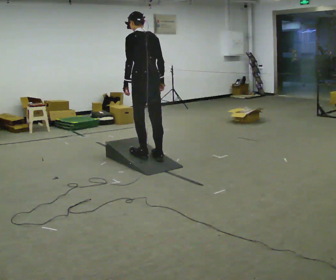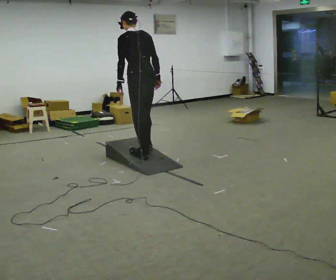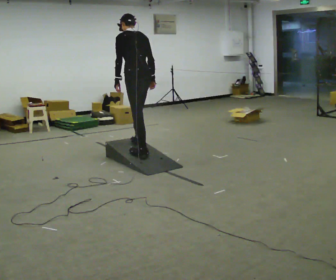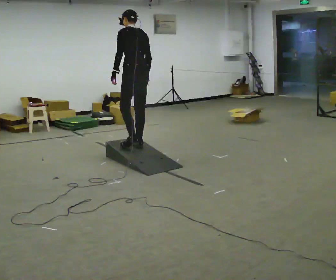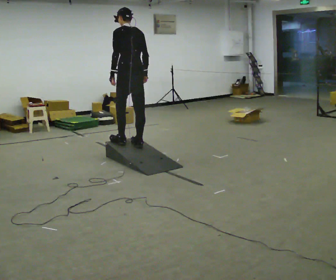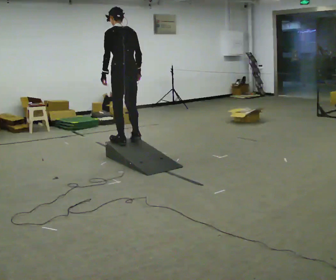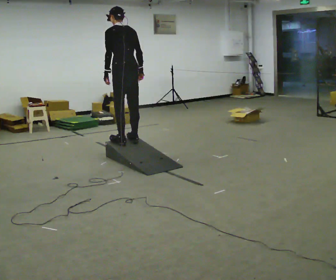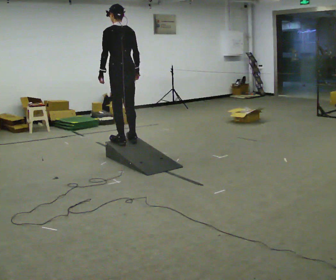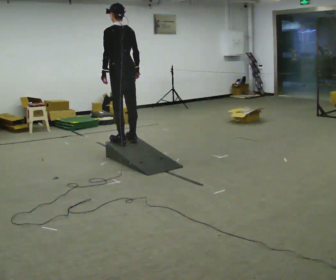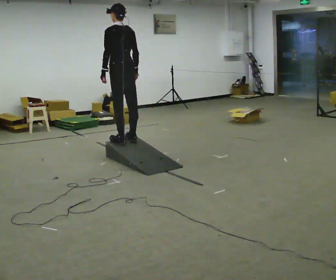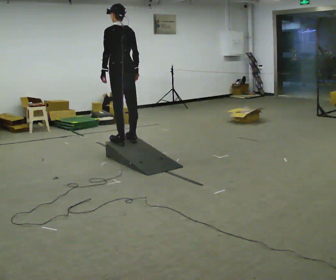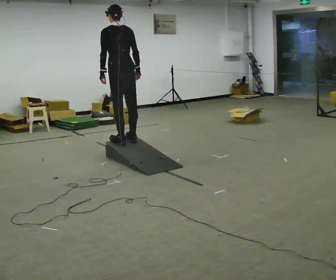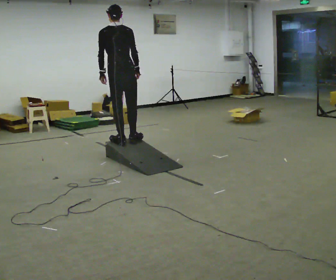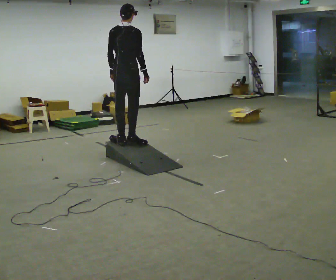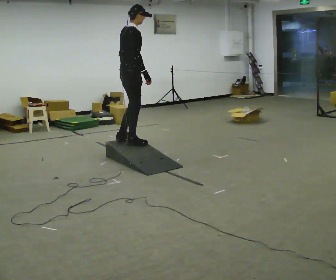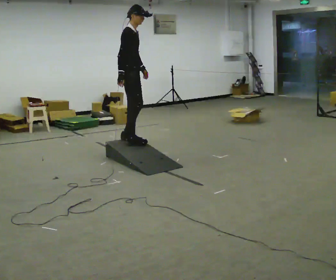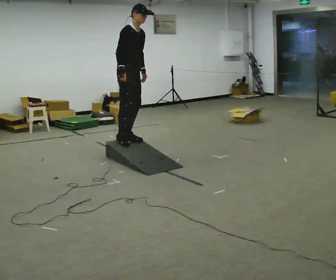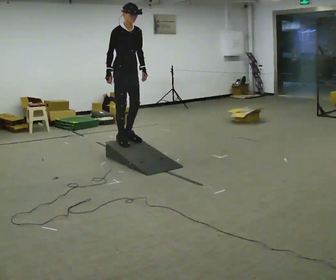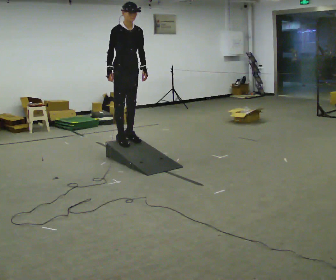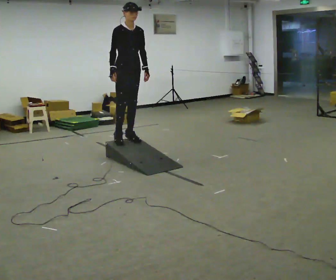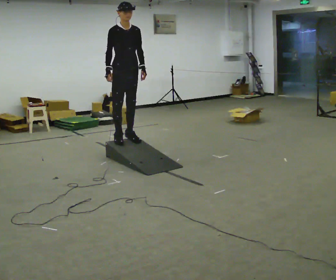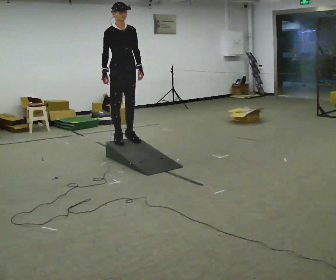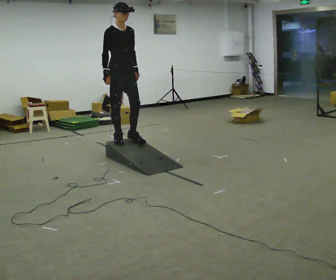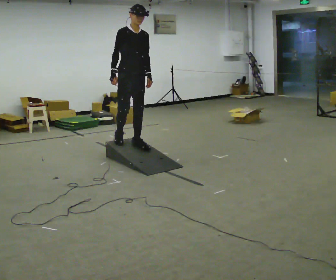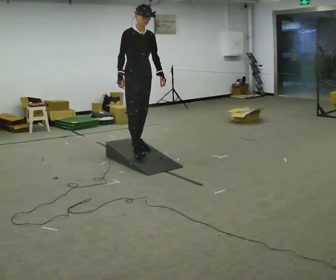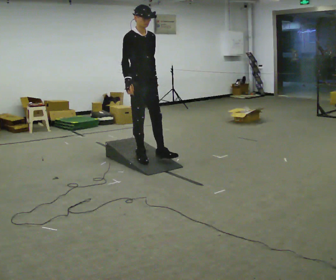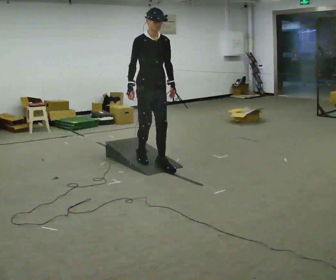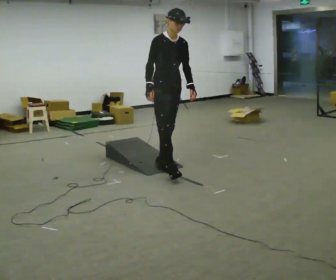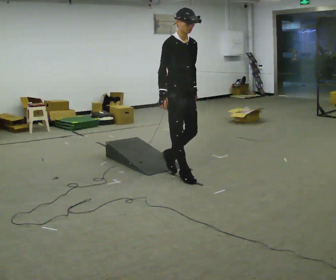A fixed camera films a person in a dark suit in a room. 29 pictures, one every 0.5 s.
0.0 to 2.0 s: In the picture they go away from the camera, about 0.5 m in 2 steps, which for them is forward.
2.0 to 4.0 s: The person moves a little, or ends about where they began.
4.0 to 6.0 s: The part of the body nearest the lens slides to the left as the person turns to their right by about 30 degrees.
6.0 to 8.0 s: The part of the body nearest the lens slides to the left as the person turns to their right by about 135 degrees. In the picture they go away from the camera, about 0.25 m in 2 steps. In the picture the upper body tilts clockwise, shoulders to the right.
8.0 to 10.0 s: Seen from above the body turns clockwise, about 30 degrees: to their right, with its near side sliding to the left.
10.0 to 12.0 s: In the picture they go toward the camera, about 0.25 m in 1 step, which for them is forward.
12.0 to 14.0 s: In the picture they go toward the camera and to the right, about 1 m in 3 steps, which for them is forward.
The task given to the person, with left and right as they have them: Walk up the ramp, turn at the top, and walk back down at a comfortable speed.
The film runs forward here.
